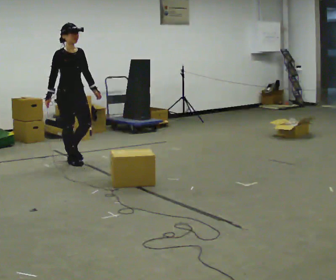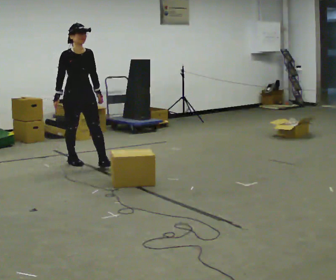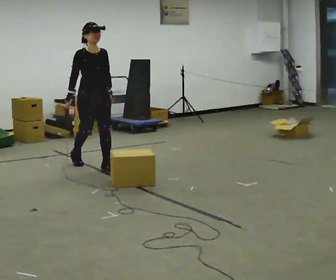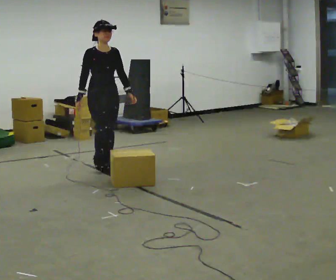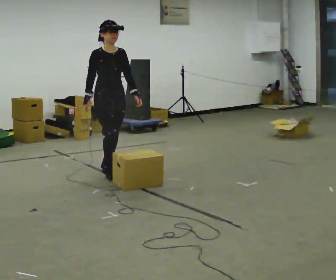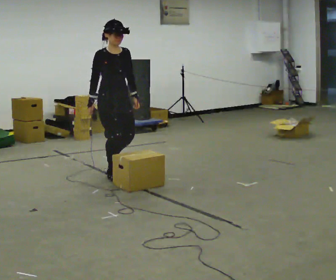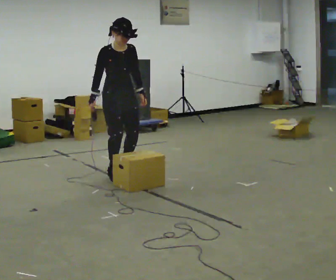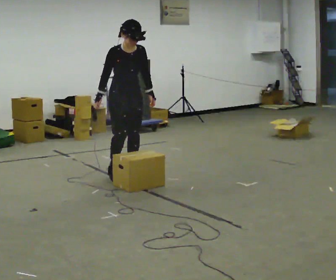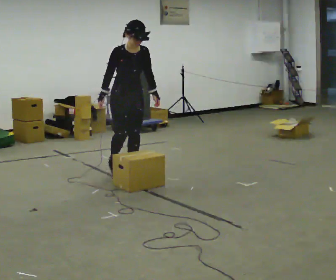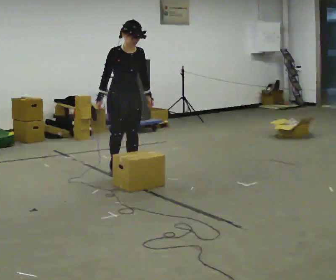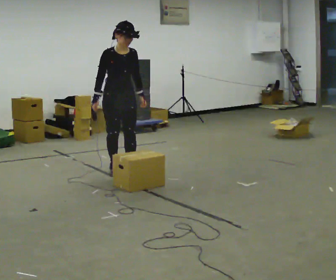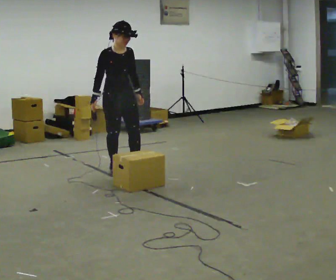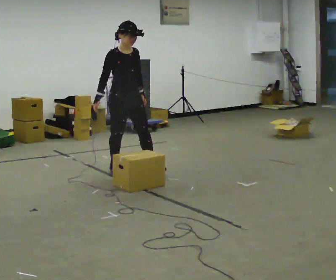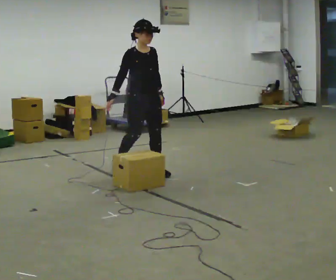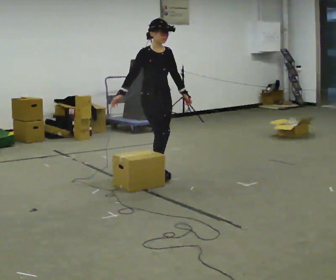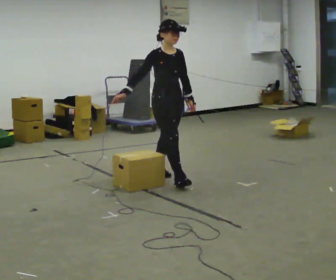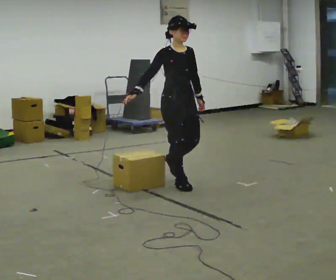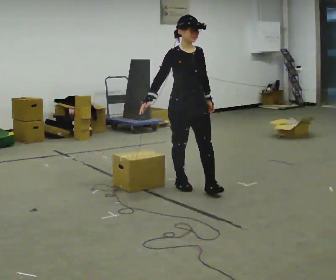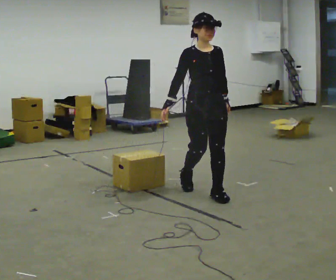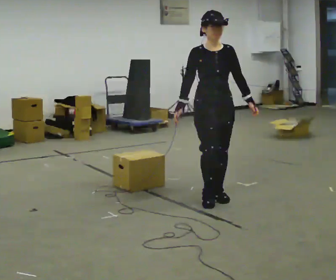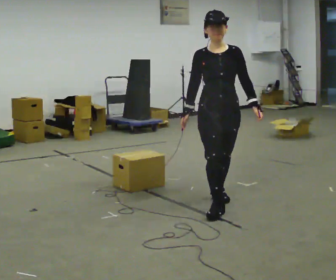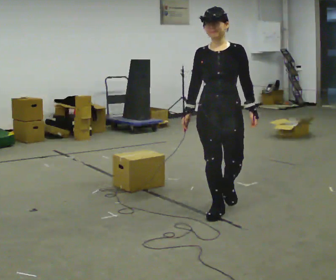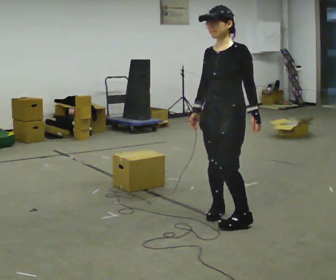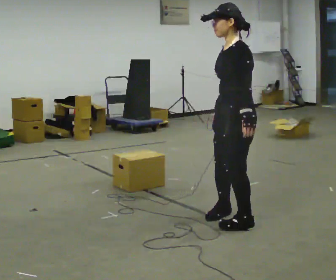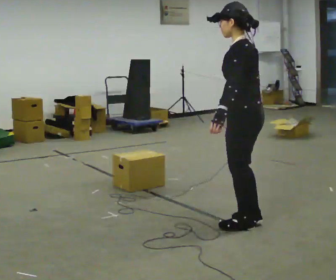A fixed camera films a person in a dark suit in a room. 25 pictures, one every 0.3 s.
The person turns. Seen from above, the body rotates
clockwise.
The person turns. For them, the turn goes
to their right.
0.0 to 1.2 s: In the picture they go to the right and toward the camera, about 0.75 m in 1 step, which for them is forward.
1.2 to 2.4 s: In the picture they go to the right, about 0.25 m in 2 steps, which for them is forward and to their left.
2.4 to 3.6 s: The person moves a little, or ends about where they began.
3.6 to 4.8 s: In the picture they go to the right and toward the camera, about 0.5 m in 2 steps, which for them is forward.
4.8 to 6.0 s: The part of the body nearest the lens slides to the left as the person turns to their right by about 30 degrees. In the picture they go toward the camera and to the right, about 1 m in 2 steps, which for them is forward.
6.0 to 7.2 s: The person turns about 120 degrees to their right, clockwise seen from above, so the part of the body nearest the lens slides to the left. In the picture they go toward the camera, about 0.5 m in 1 step.
The film runs forward here.
